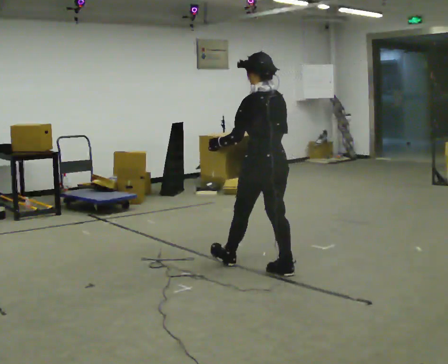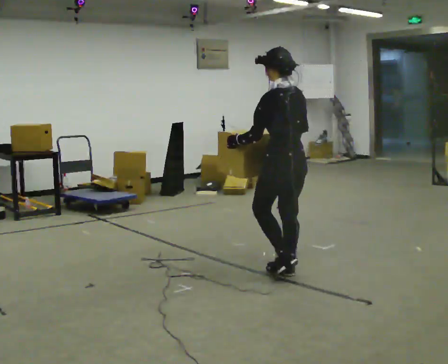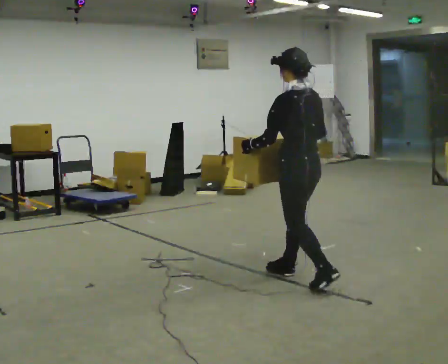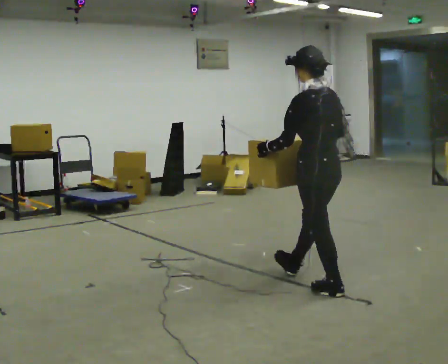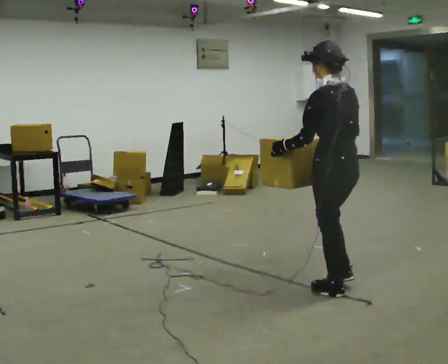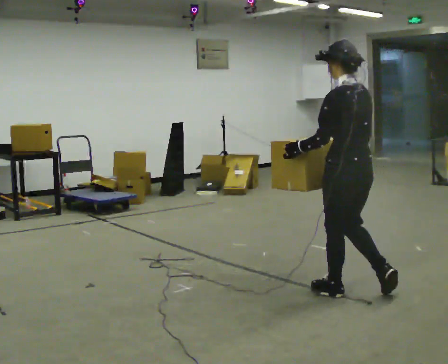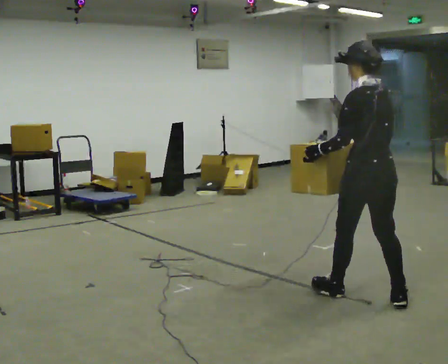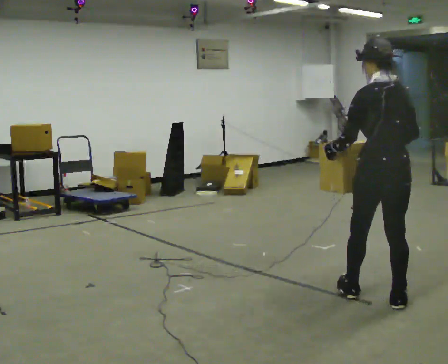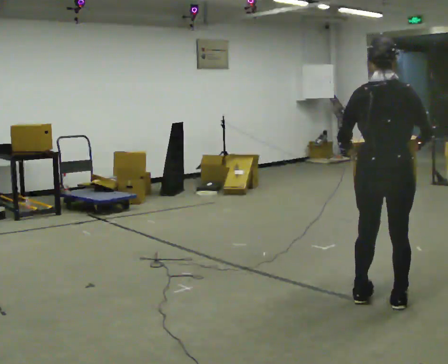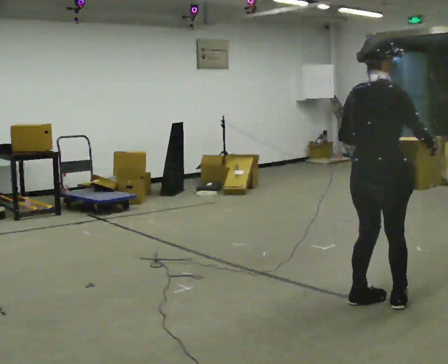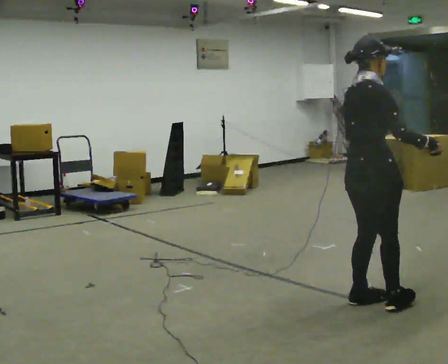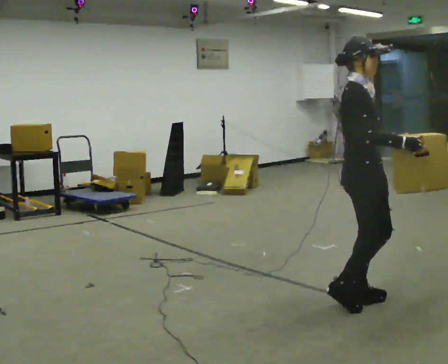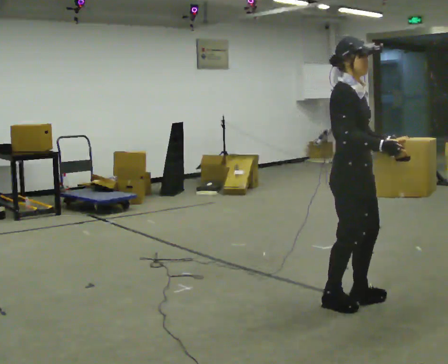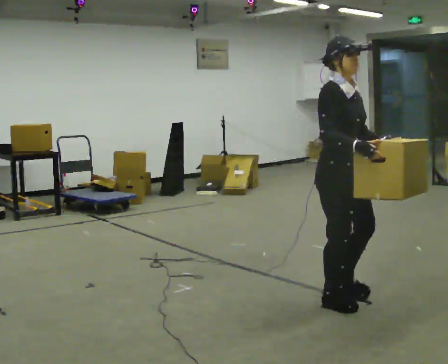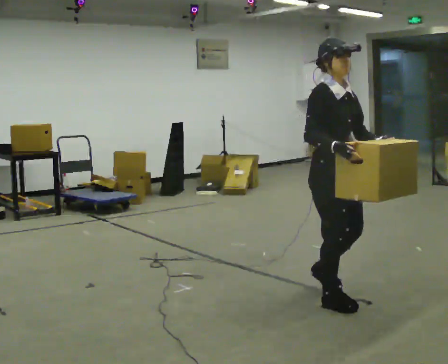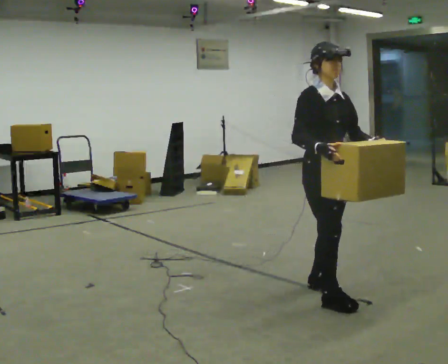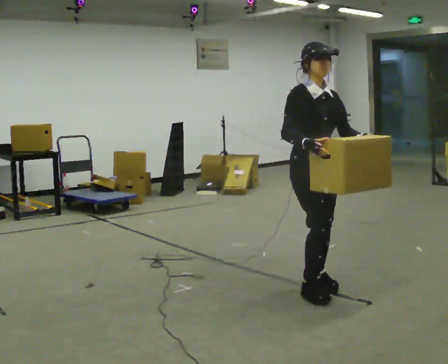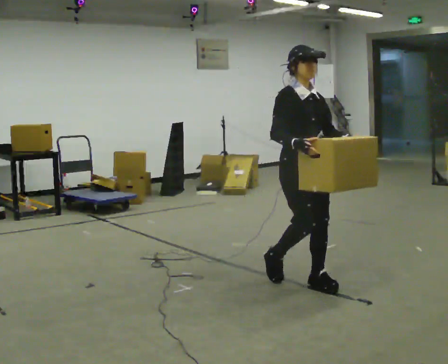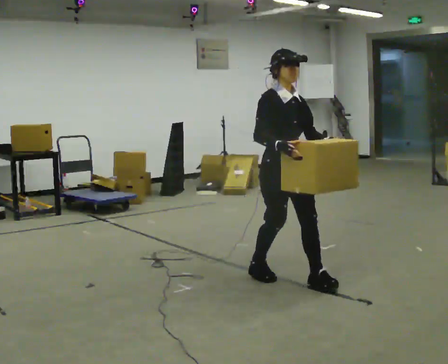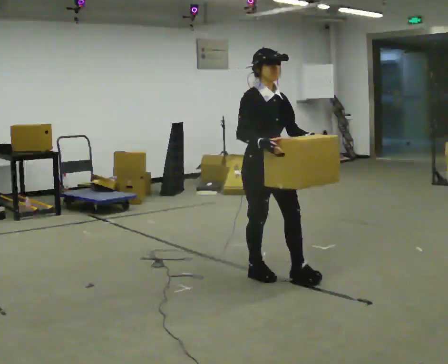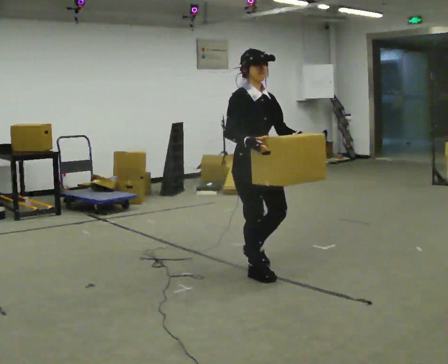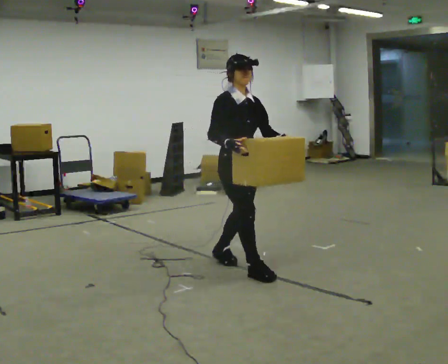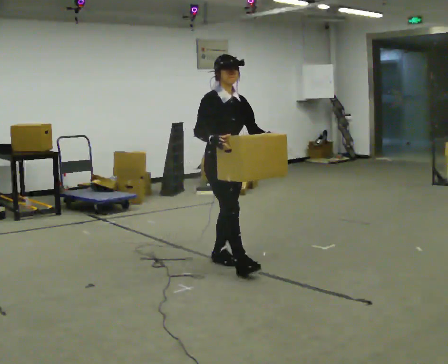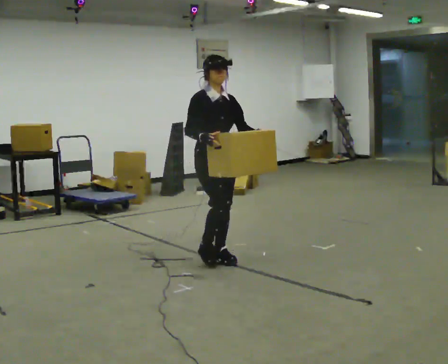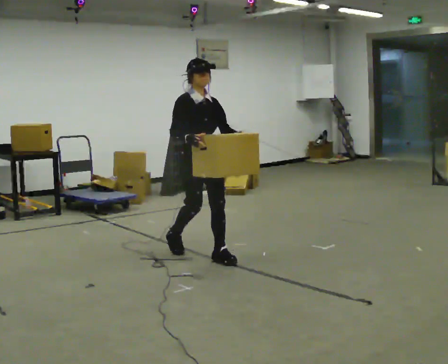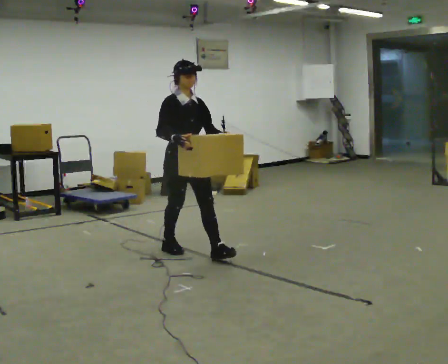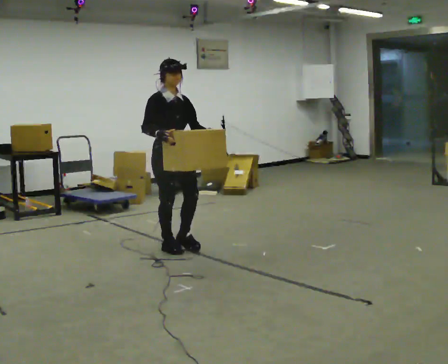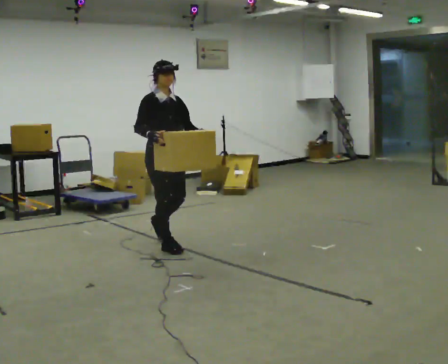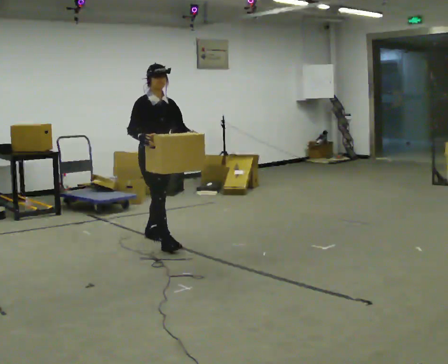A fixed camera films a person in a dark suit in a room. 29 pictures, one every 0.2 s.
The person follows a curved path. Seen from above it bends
clockwise.
0.0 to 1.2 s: In the picture they go to the right and toward the camera, about 1 m in 1 step, which for them is backward.
1.2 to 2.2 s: The part of the body nearest the lens slides to the left as the person turns to their right by about 135 degrees.
2.2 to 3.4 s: Seen from above the body turns clockwise, about 45 degrees: to their right, with its near side sliding to the left. In the picture they go to the left and away from the camera, about 0.5 m in 2 steps, which for them is backward.
3.4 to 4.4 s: In the picture they go to the left and away from the camera, about 1 m in 2 steps, which for them is backward.
4.4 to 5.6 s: In the picture they go to the left and away from the camera, about 1 m in 1 step, which for them is backward.
The film runs backward here.
